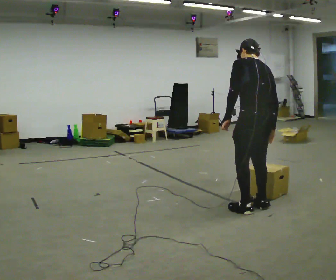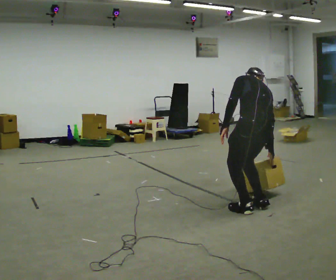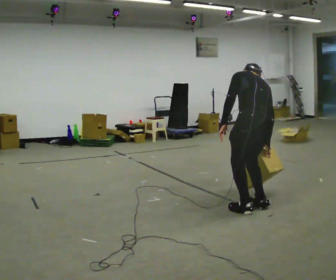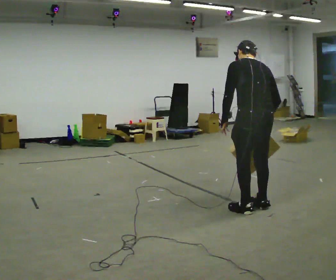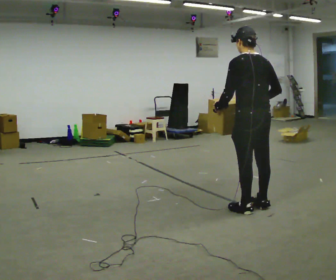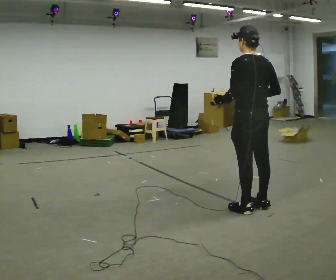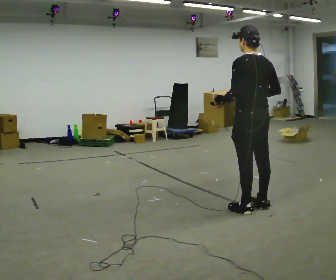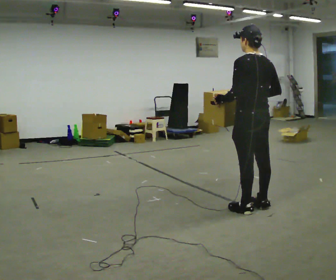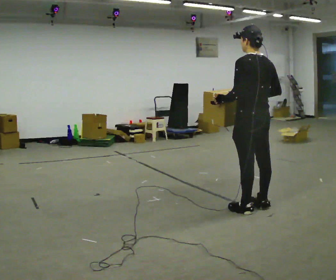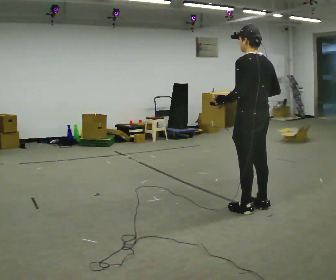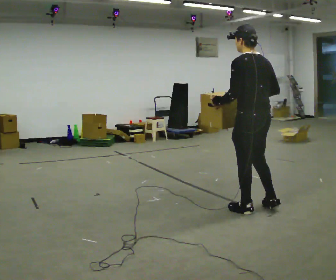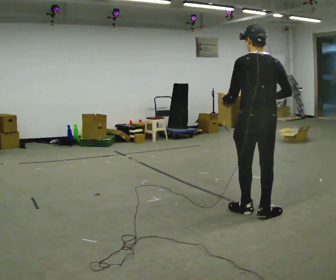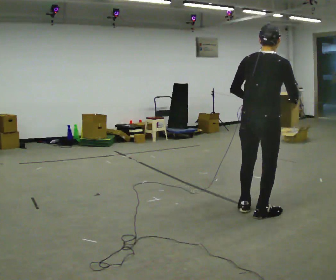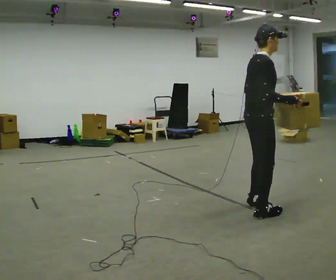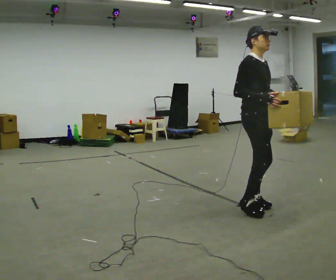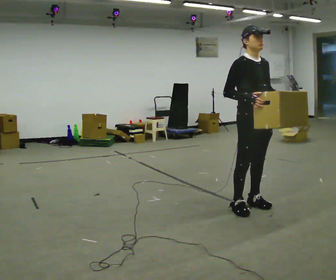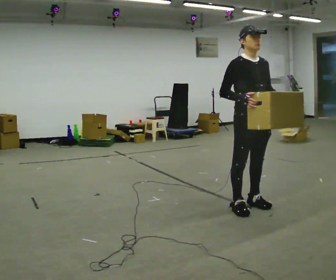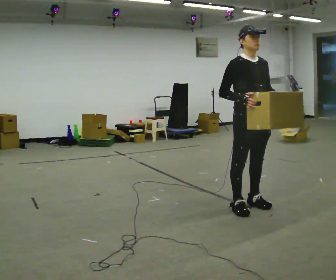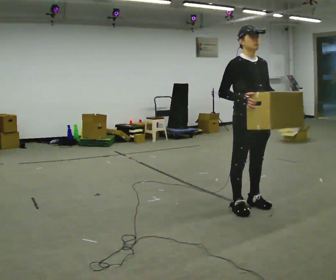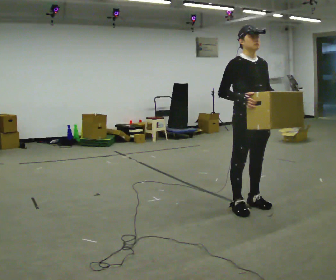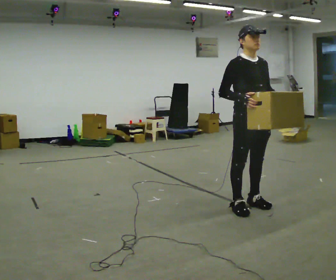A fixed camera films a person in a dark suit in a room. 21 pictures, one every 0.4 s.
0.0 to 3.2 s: The person moves a little, or ends about where they began.
3.2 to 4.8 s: Seen from above the body turns clockwise, about 60 degrees: to their right, with its near side sliding to the left. In the picture they go toward the camera, about 0.25 m in 2 steps.
4.8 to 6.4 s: The part of the body nearest the lens slides to the left as the person turns to their right by about 120 degrees. In the picture they go away from the camera, about 0.25 m in 1 step.
6.4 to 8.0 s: The person keeps their place and pose.
The film runs backward here.
